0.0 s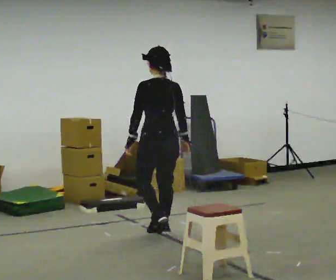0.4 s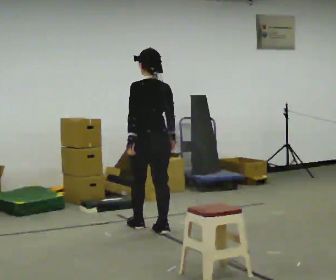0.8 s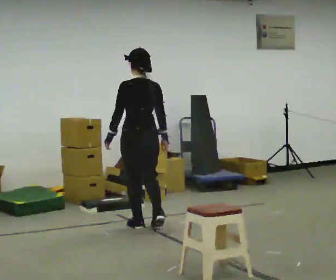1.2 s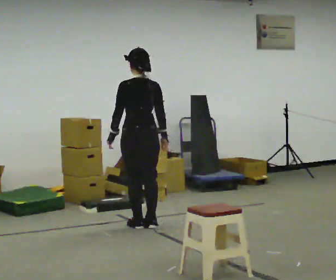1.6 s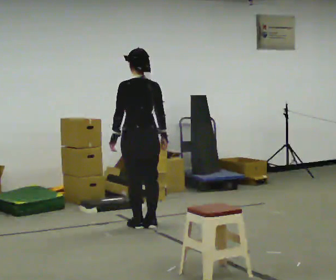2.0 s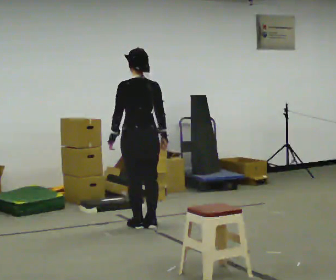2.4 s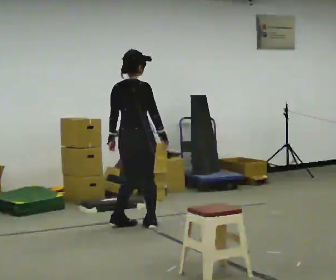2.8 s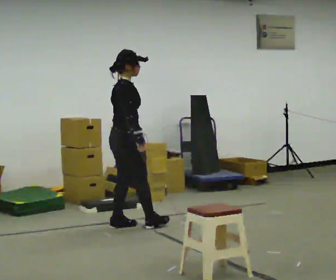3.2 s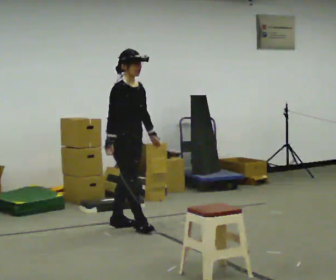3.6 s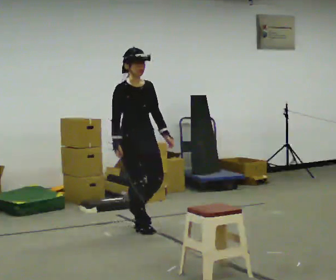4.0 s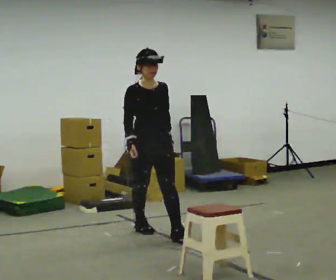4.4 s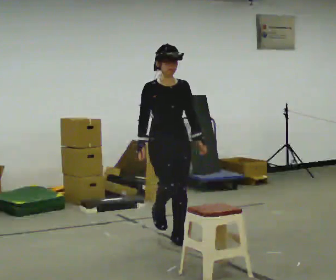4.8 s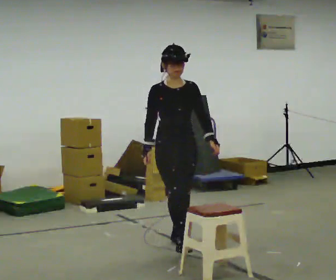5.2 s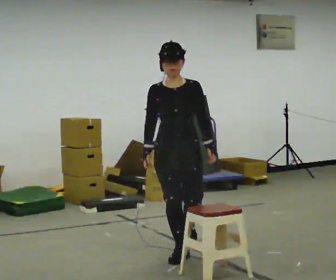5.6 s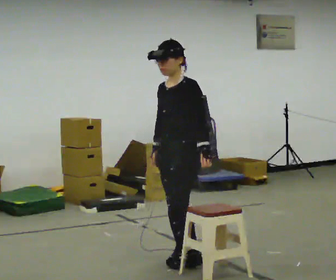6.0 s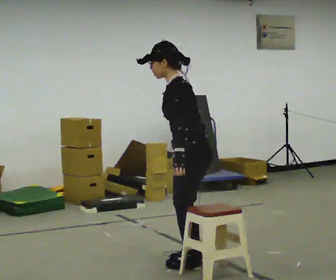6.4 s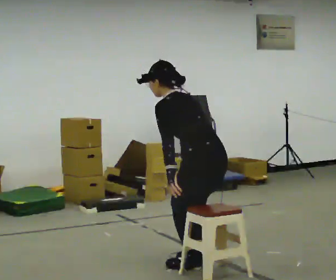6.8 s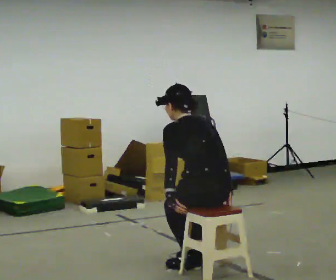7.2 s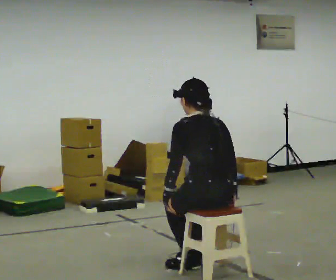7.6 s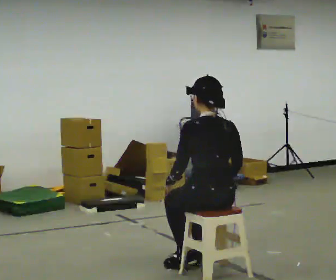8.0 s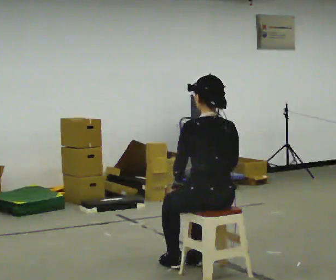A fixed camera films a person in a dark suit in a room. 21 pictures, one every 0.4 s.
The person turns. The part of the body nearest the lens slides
to the left.
The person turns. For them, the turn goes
to their right.
0.0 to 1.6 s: In the picture they go away from the camera and to the left, about 0.5 m in 2 steps, which for them is forward.
1.6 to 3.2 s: Seen from above the body turns clockwise, about 135 degrees: to their right, with its near side sliding to the left. In the picture they go to the left, about 0.25 m in 2 steps. In the picture their left hand goes to the right, the arm swinging counterclockwise.
3.2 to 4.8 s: The part of the body nearest the lens slides to the left as the person turns to their right by about 45 degrees. In the picture they go toward the camera and to the right, about 1 m in 1 step, which for them is forward.
4.8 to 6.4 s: Seen from above the body turns clockwise, about 150 degrees: to their right, with its near side sliding to the left. In the picture they go toward the camera, about 1 m in 3 steps. In the picture the upper body tilts counterclockwise, shoulders to the left, as they bend forward.
6.4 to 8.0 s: In the picture the upper body tilts clockwise, shoulders to the right, as they lean back or straighten.
The film runs forward here.
